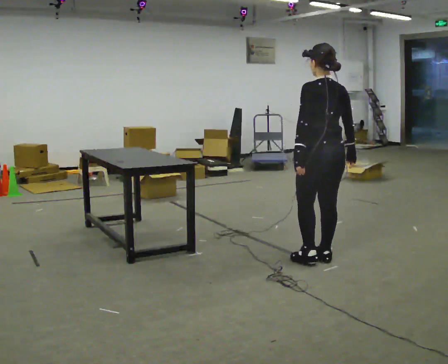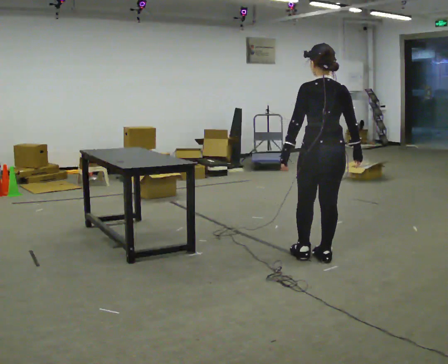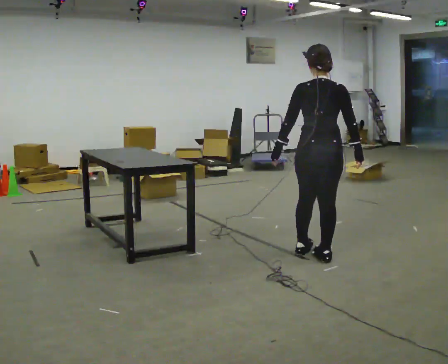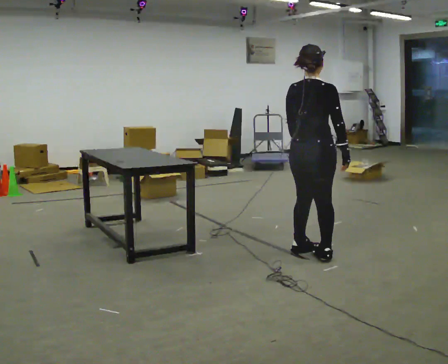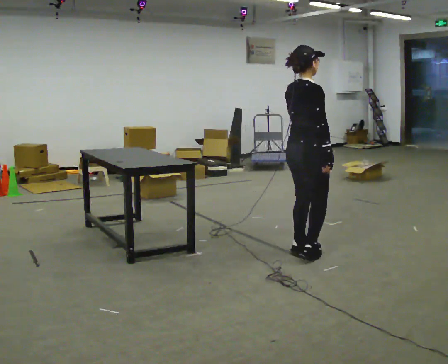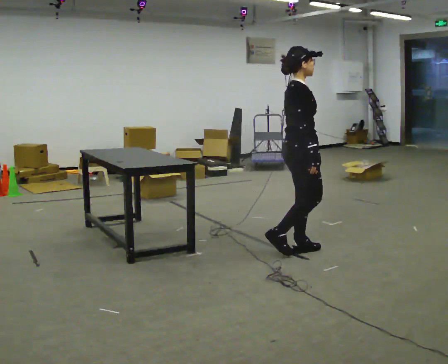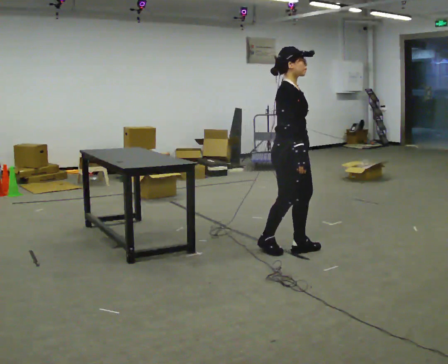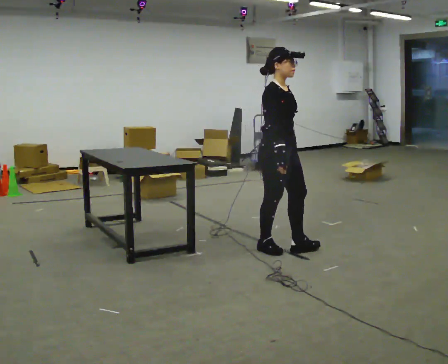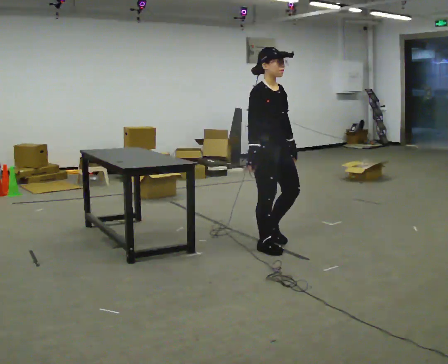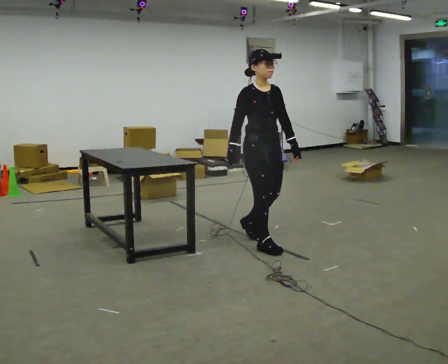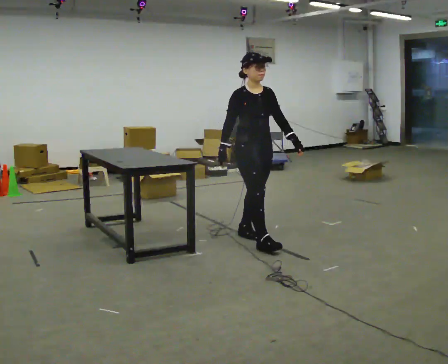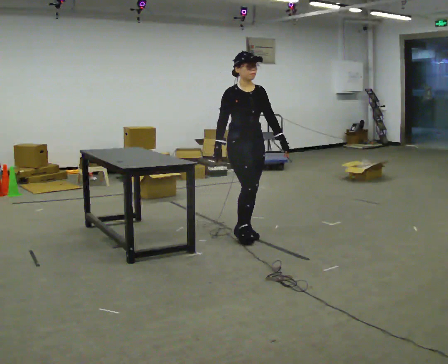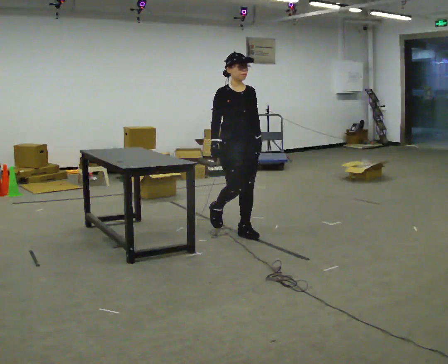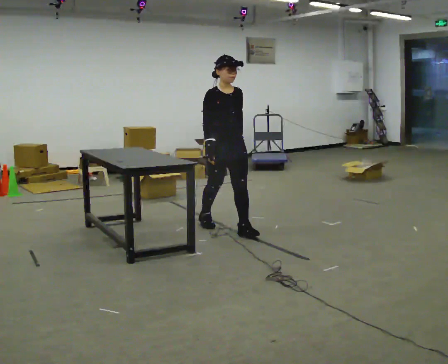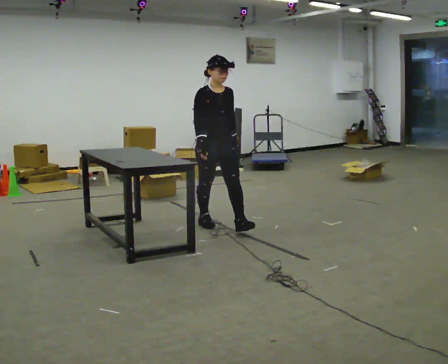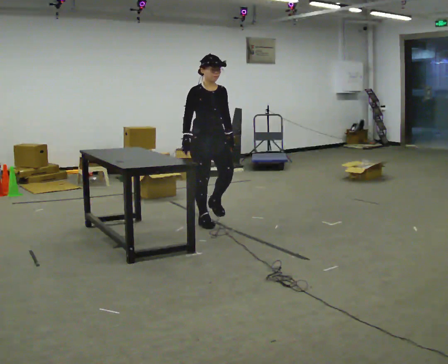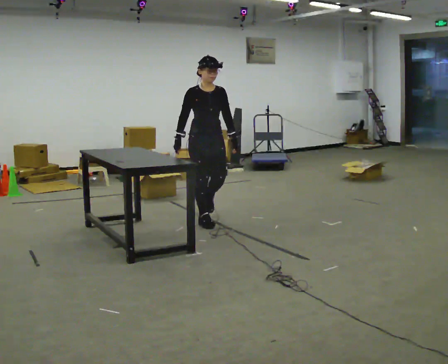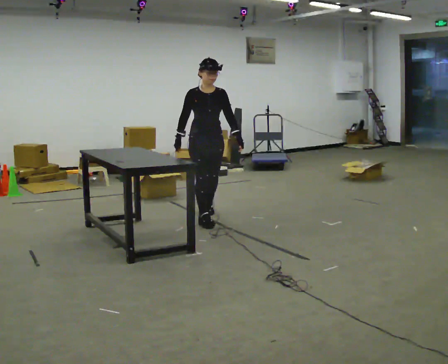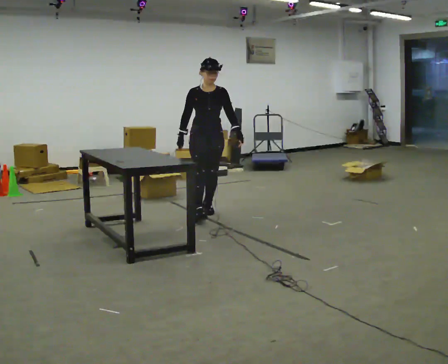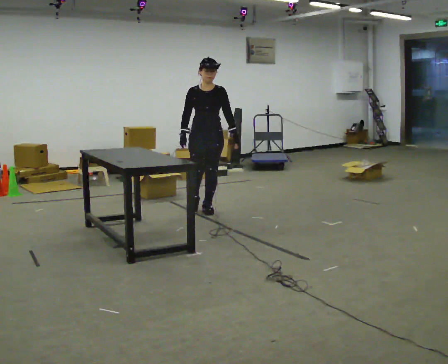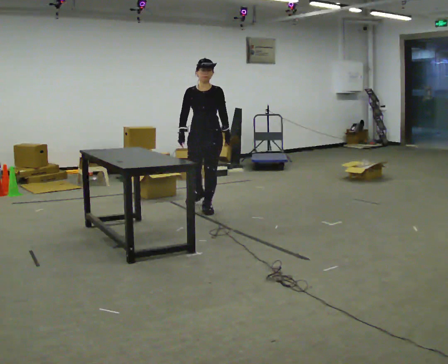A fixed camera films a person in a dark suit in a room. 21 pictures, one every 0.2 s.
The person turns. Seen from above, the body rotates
clockwise.
The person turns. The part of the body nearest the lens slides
to the left.
0.0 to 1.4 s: The person turns about 150 degrees to their right, clockwise seen from above, so the part of the body nearest the lens slides to the left. In the picture they go to the left and away from the camera, about 0.5 m in 2 steps.
1.4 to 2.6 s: The part of the body nearest the lens slides to the left as the person turns to their right by about 30 degrees. In the picture they go away from the camera and to the left, about 0.5 m in 2 steps, which for them is backward.
2.6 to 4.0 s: The part of the body nearest the lens slides to the left as the person turns to their right by about 30 degrees. In the picture they go away from the camera, about 1 m in 2 steps, which for them is backward.
The film runs backward here.
